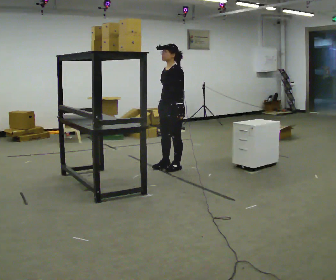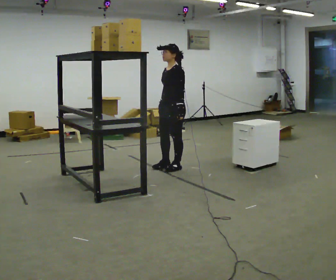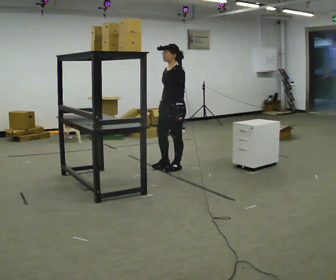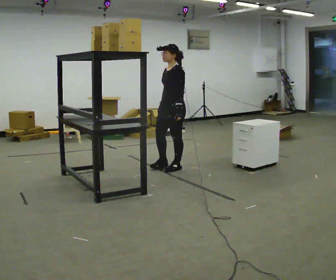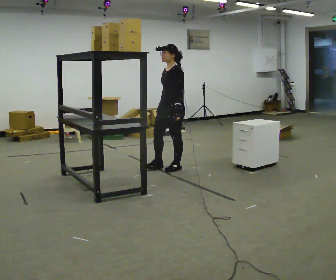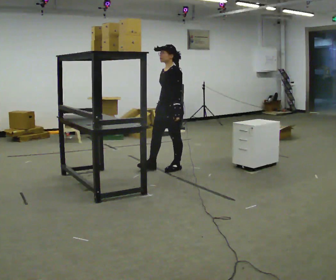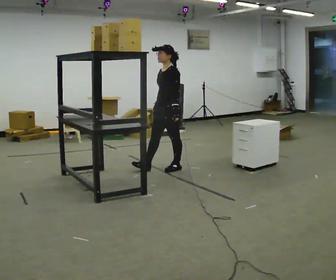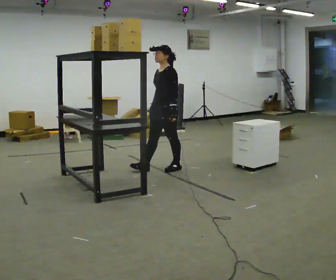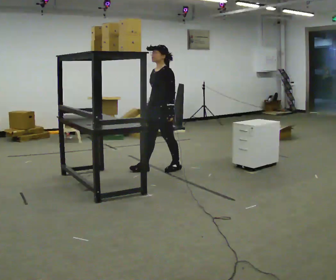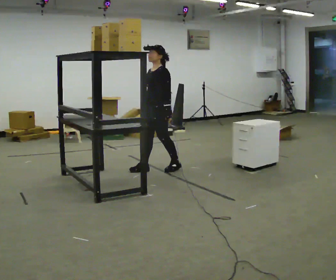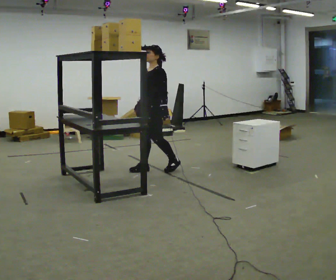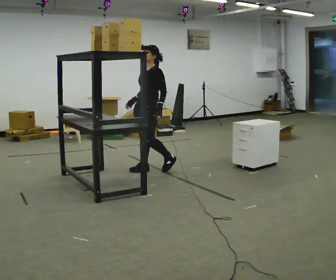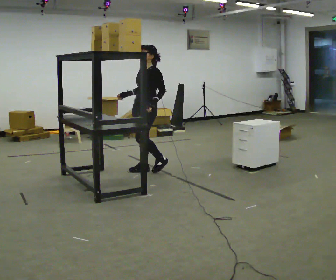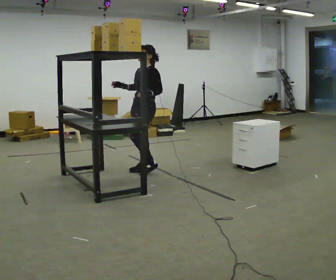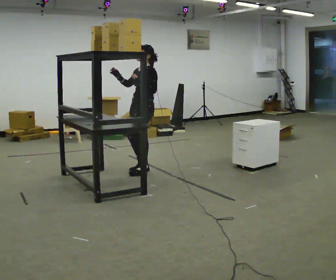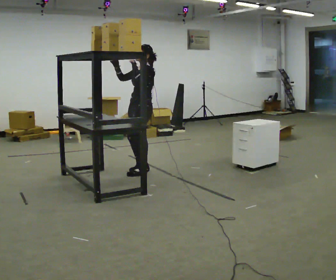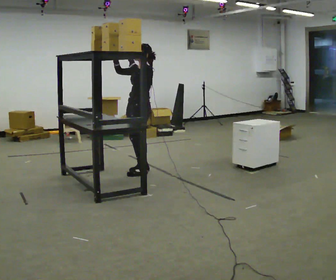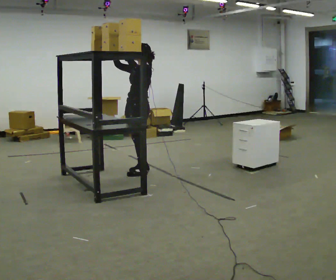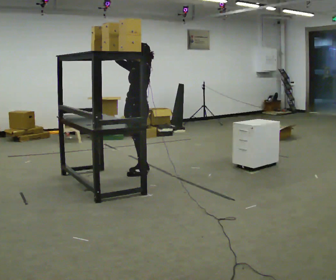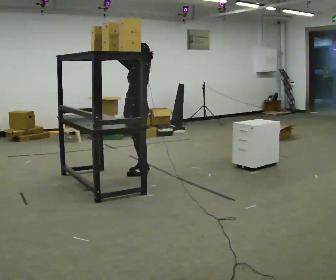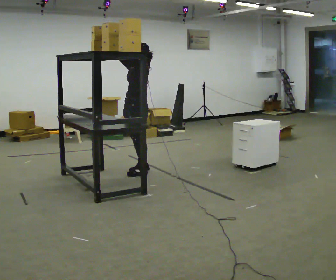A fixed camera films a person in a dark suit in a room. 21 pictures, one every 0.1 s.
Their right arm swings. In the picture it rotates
clockwise.
Their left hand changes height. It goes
upward.
0.0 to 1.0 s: In the picture they go to the left, about 0.25 m in 2 steps, which for them is forward.
1.0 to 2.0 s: In the picture they go to the left, about 0.25 m, which for them is forward. In the picture their right hand goes upward and to the left, the arm swinging clockwise.
The film runs backward here.
